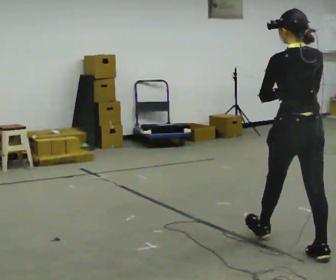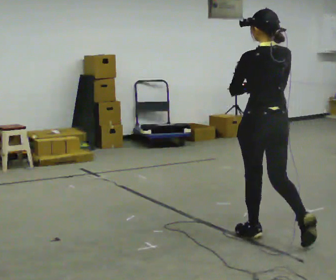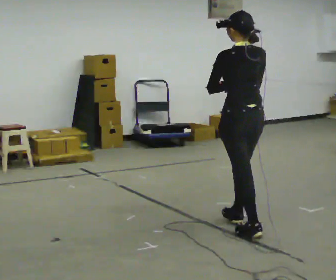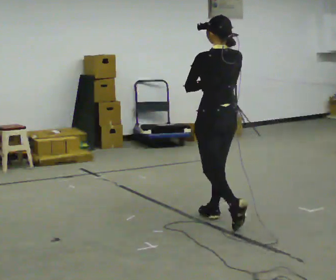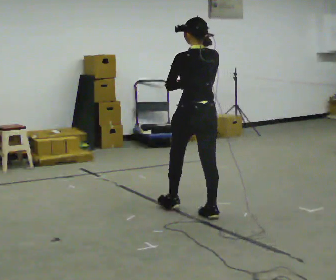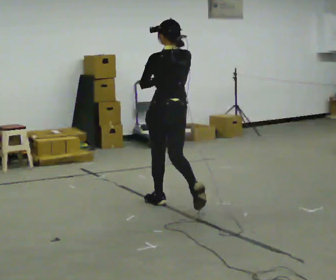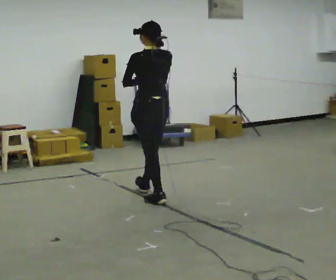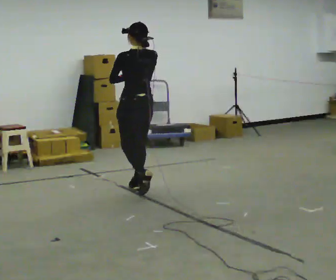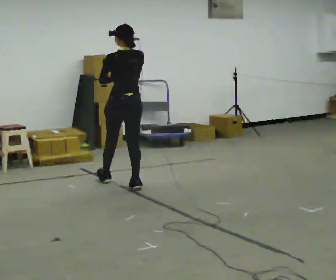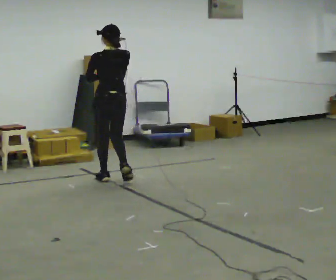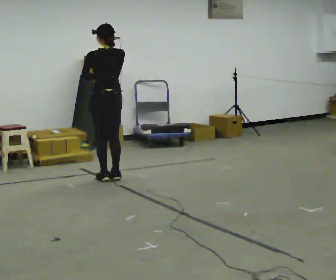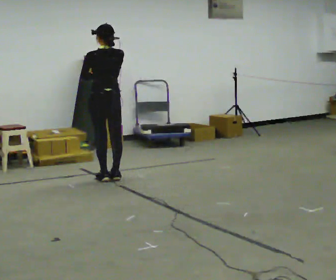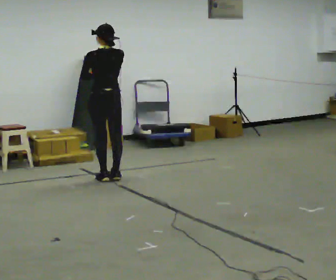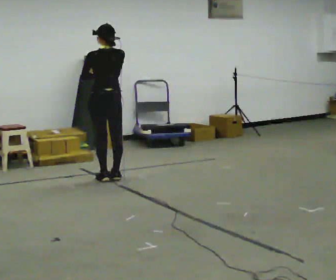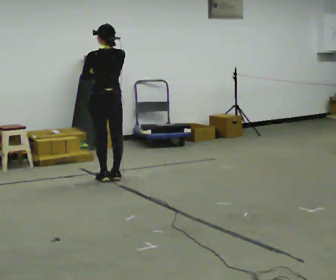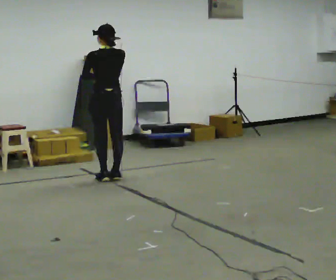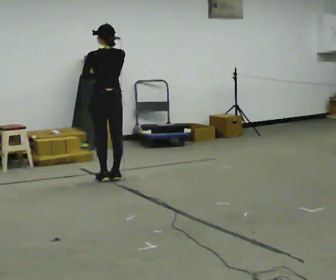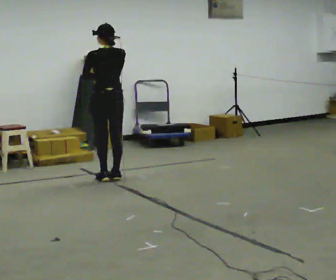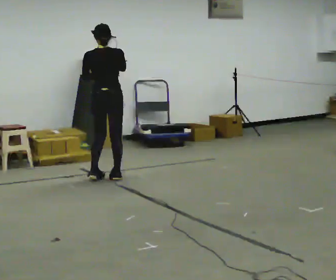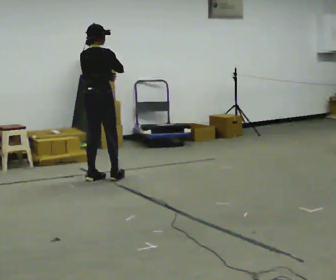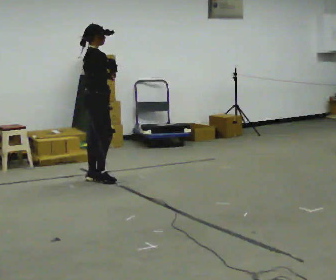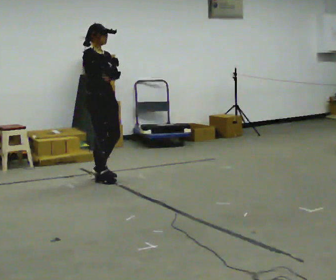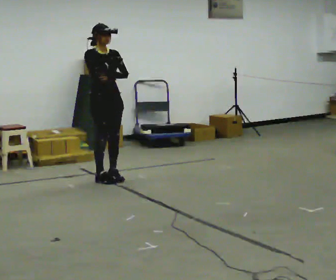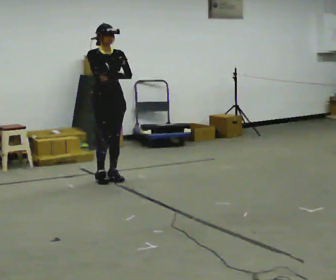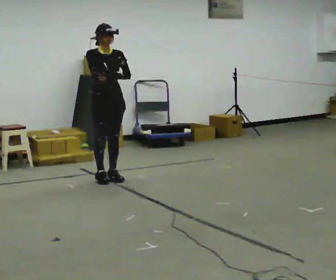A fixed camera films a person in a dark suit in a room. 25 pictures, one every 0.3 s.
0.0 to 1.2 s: In the picture they go away from the camera and to the left, about 1 m in 2 steps, which for them is forward.
1.2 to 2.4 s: In the picture they go away from the camera and to the left, about 1 m in 2 steps, which for them is forward.
2.4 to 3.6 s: In the picture they go away from the camera and to the left, about 0.25 m in 2 steps, which for them is forward.
3.6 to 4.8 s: The person keeps their place and pose.
4.8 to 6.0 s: The person turns about 105 degrees to their right, clockwise seen from above, so the part of the body nearest the lens slides to the left.
6.0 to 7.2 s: The person turns about 75 degrees to their right, clockwise seen from above, so the part of the body nearest the lens slides to the left.
The film runs forward here.
